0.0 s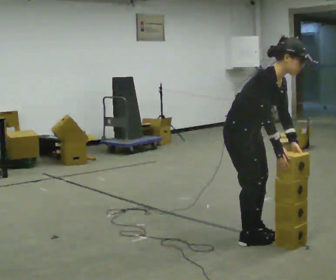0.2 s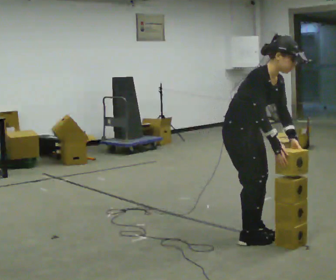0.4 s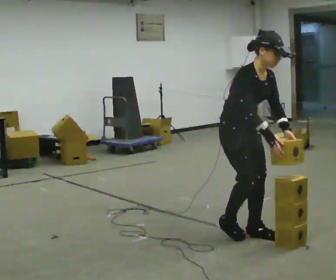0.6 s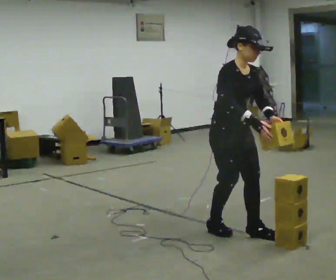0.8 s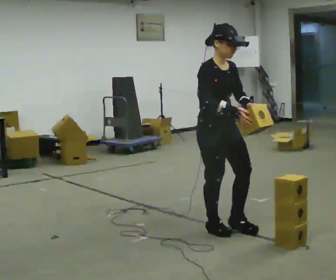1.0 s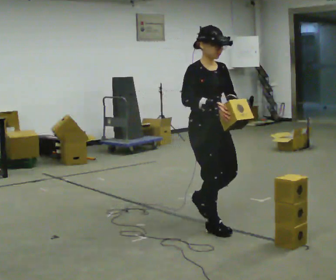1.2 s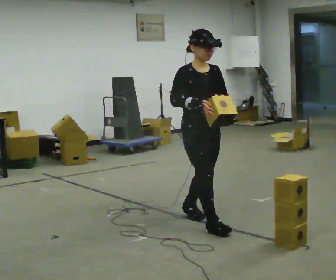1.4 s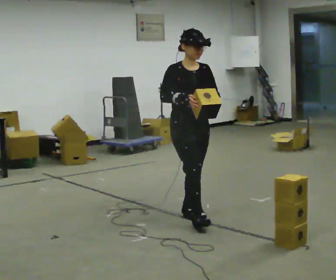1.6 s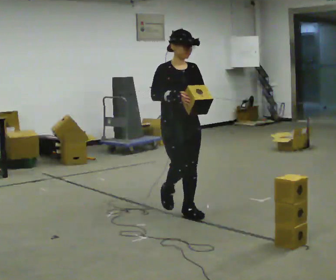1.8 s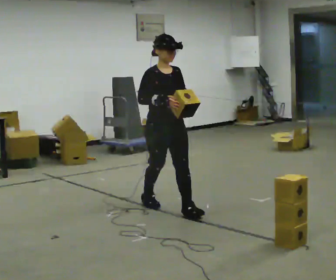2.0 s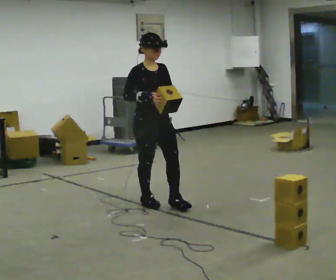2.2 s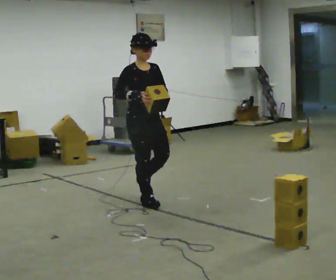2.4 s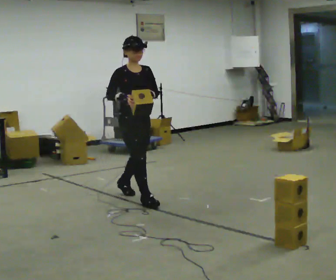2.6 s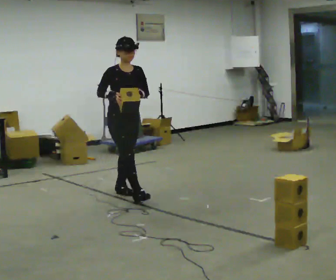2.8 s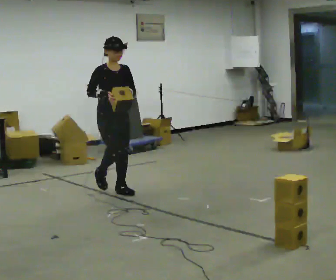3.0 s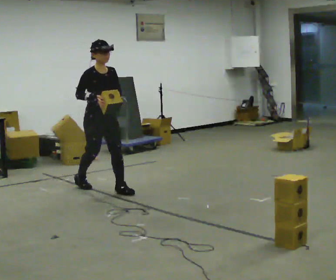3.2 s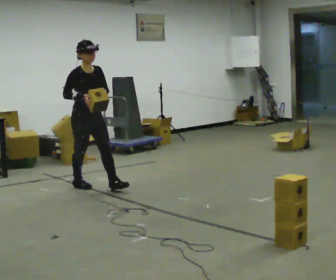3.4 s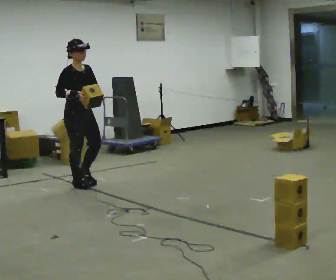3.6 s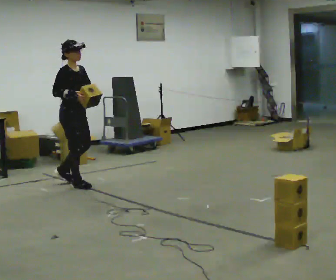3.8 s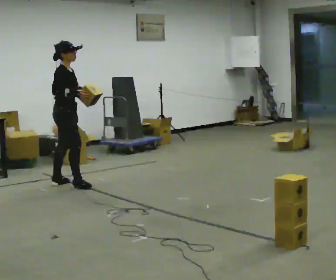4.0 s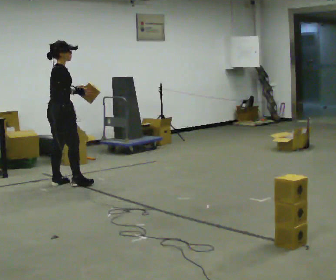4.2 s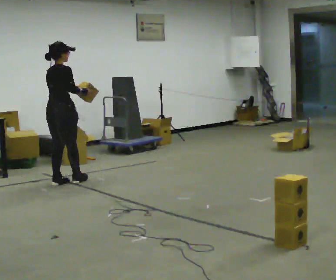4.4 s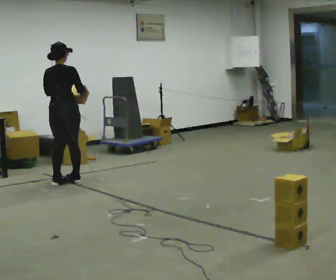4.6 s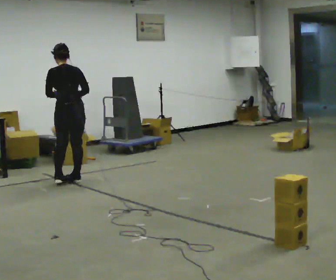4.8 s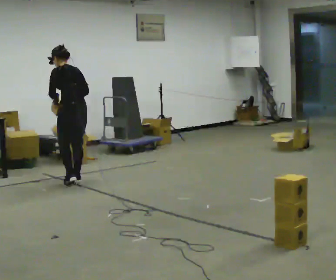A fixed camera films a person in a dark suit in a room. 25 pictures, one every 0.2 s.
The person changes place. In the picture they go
away from the camera.
0.0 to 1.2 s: The person turns about 30 degrees to their right, clockwise seen from above, so the part of the body nearest the lens slides to the left. In the picture they go away from the camera and to the left, about 0.5 m in 2 steps, which for them is backward. In the picture the upper body tilts counterclockwise, shoulders to the left, as they lean back or straighten.
1.2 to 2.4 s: In the picture they go away from the camera and to the left, about 1 m in 2 steps, which for them is backward.
2.4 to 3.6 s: The part of the body nearest the lens slides to the right as the person turns to their left by about 30 degrees. In the picture they go away from the camera and to the left, about 1 m in 2 steps, which for them is backward.
3.6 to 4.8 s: The person turns about 150 degrees to their left, counterclockwise seen from above, so the part of the body nearest the lens slides to the right. In the picture they go away from the camera, about 0.25 m in 2 steps.
The film runs backward here.
